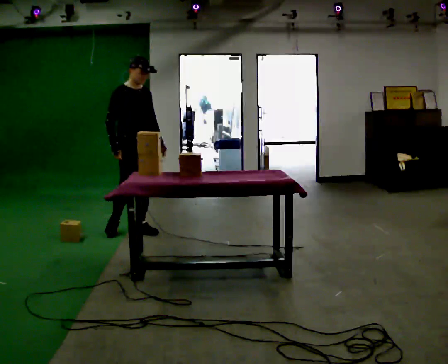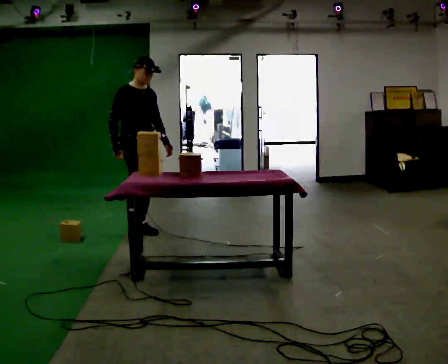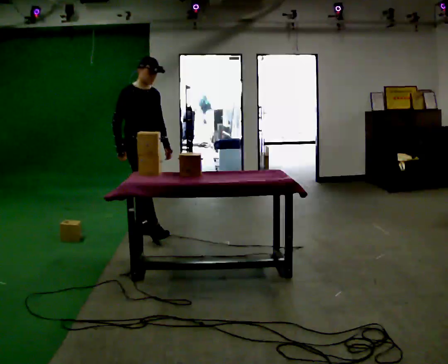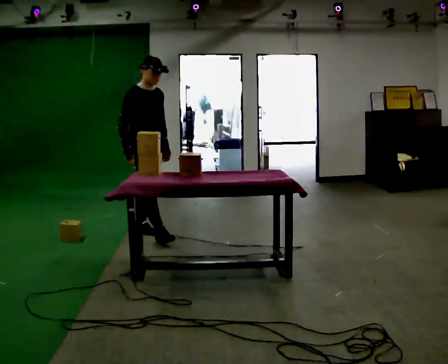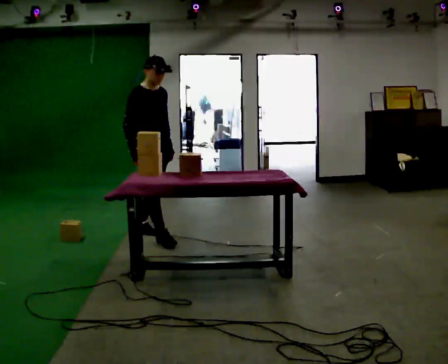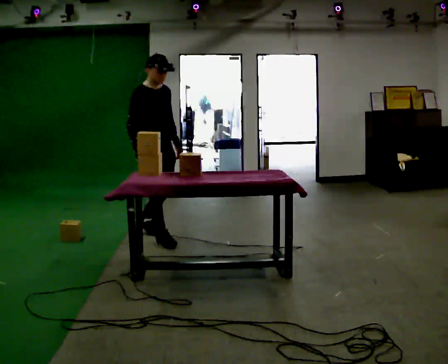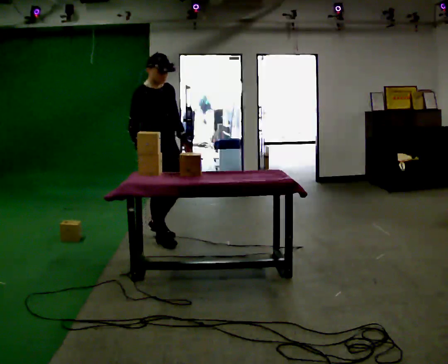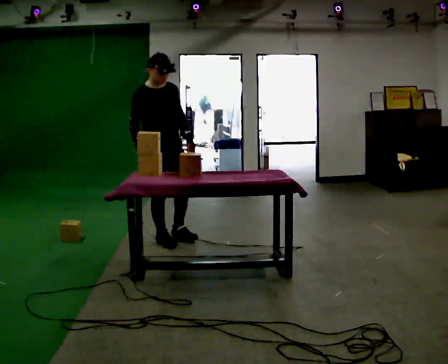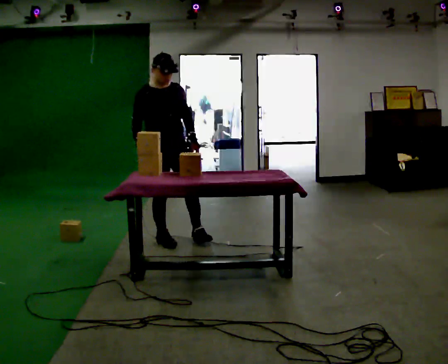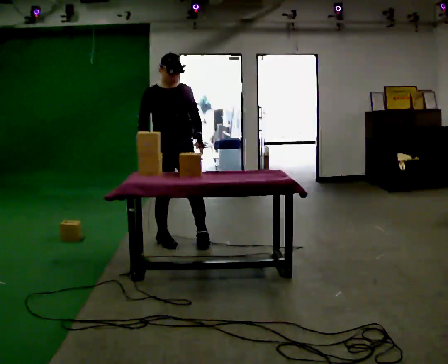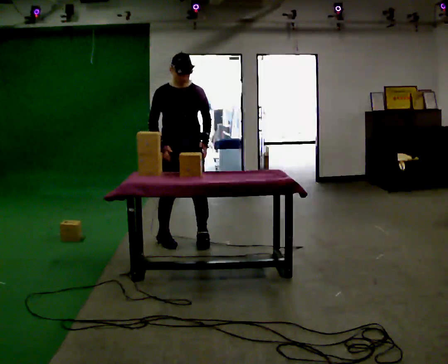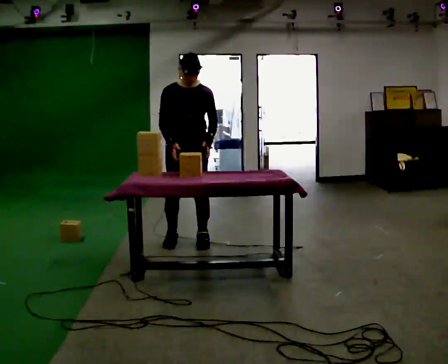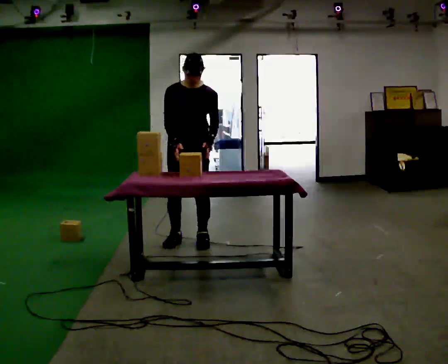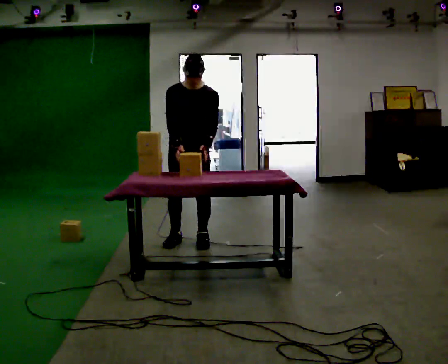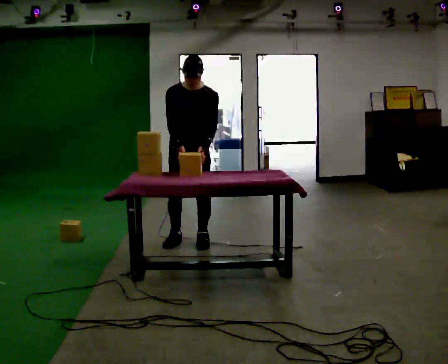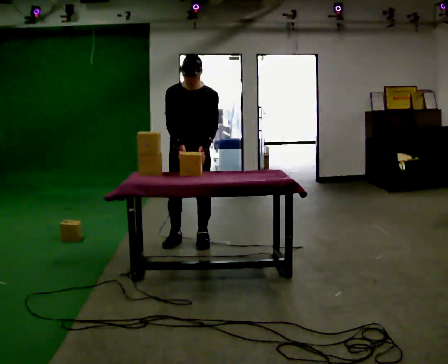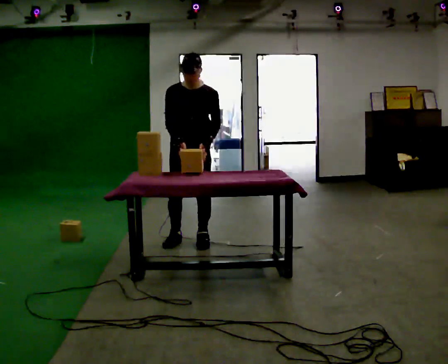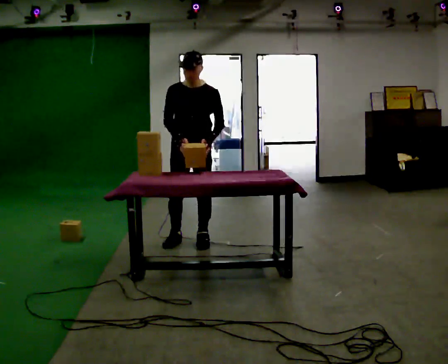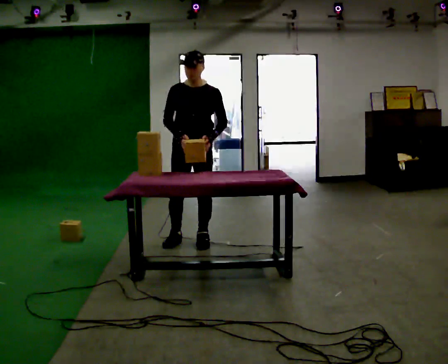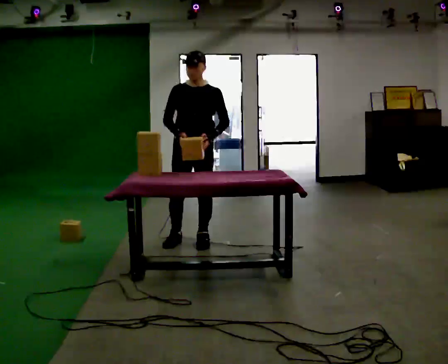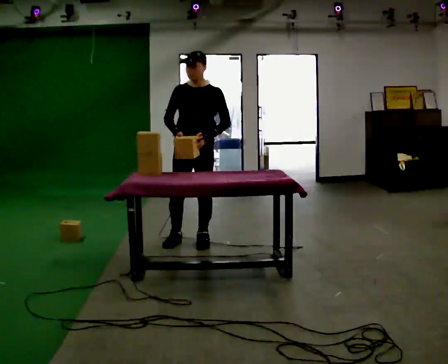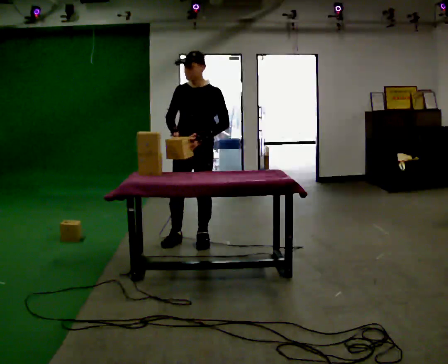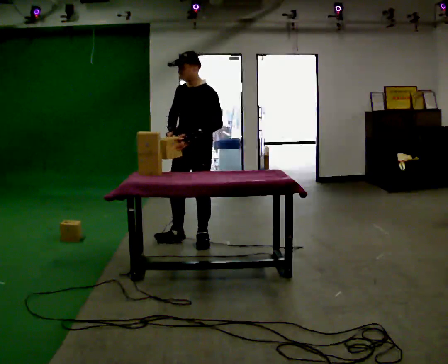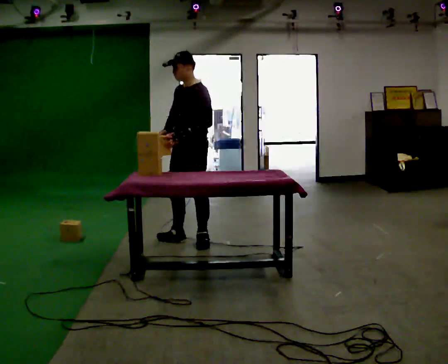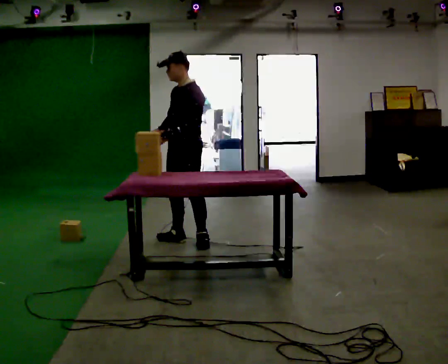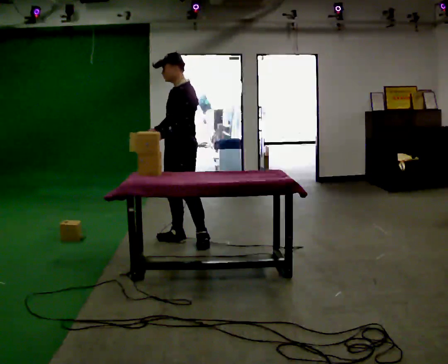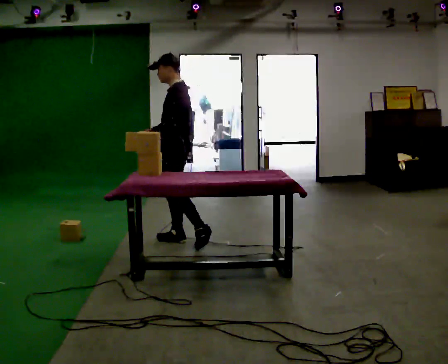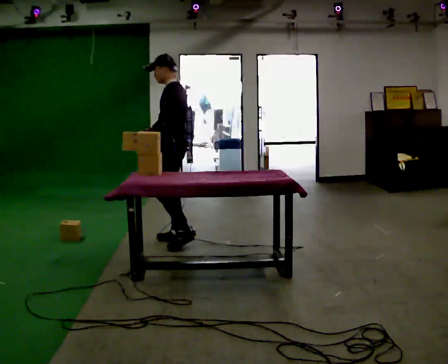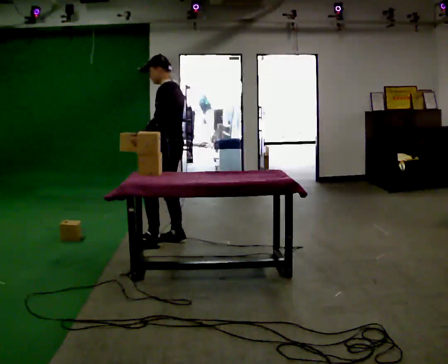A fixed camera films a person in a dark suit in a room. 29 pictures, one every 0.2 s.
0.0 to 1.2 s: In the picture they go toward the camera and to the right, about 0.5 m in 1 step, which for them is forward.
1.2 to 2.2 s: The person turns about 45 degrees to their right, clockwise seen from above, so the part of the body nearest the lens slides to the left. In the picture they go to the right, about 0.25 m in 1 step, which for them is to their left and forward.
2.2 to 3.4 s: The person moves a little, or ends about where they began.
3.4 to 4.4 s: The person turns about 30 degrees to their right, clockwise seen from above, so the part of the body nearest the lens slides to the left.
4.4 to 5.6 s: Seen from above the body turns clockwise, about 60 degrees: to their right, with its near side sliding to the left. In the picture they go to the left, about 0.25 m. In the picture their left hand goes to the left.
The film runs forward here.
